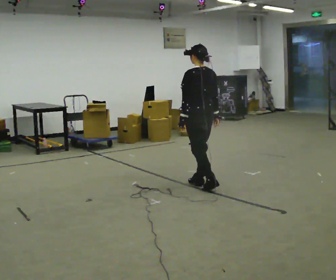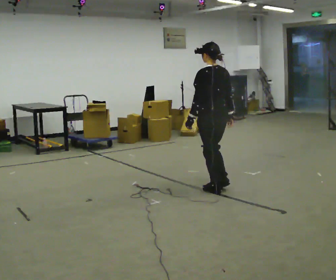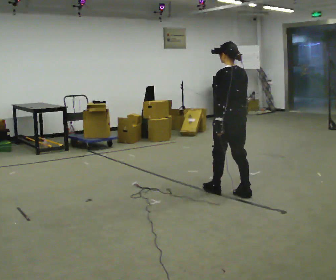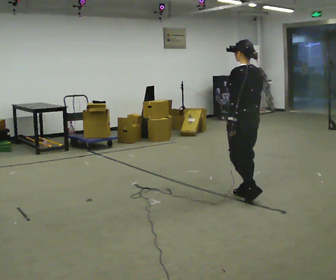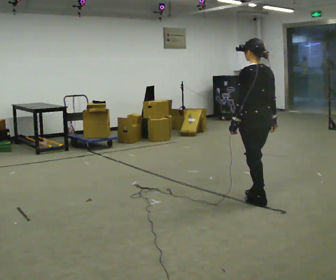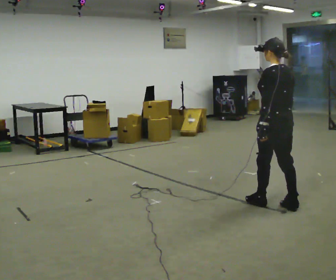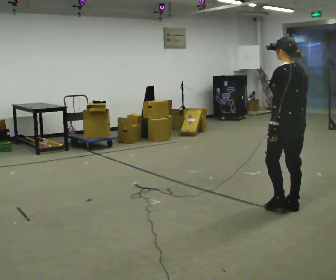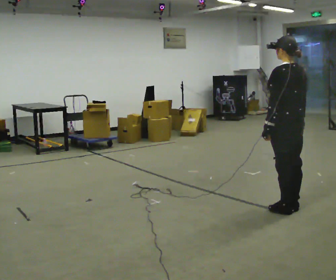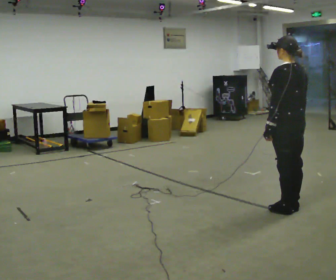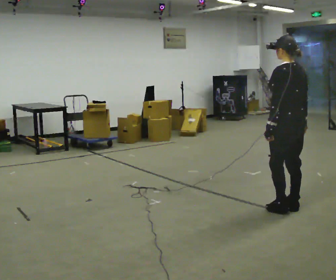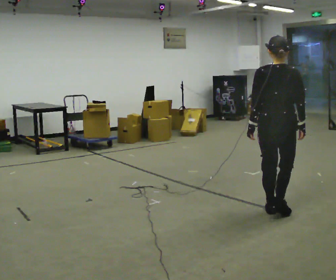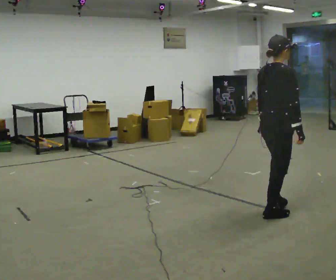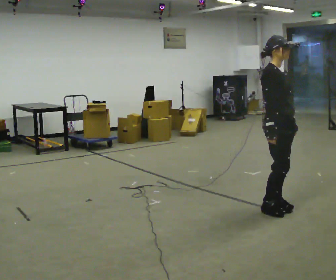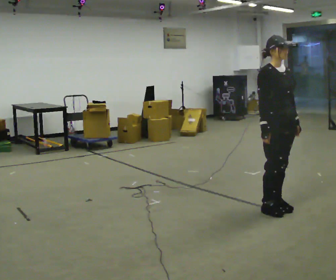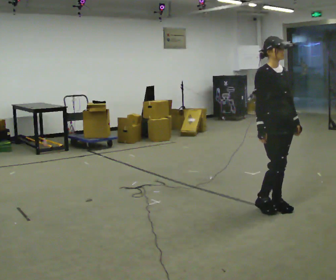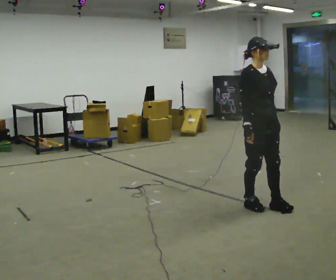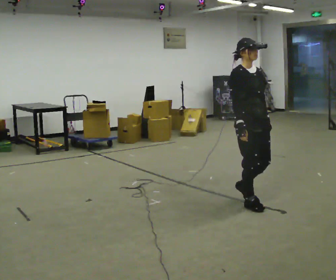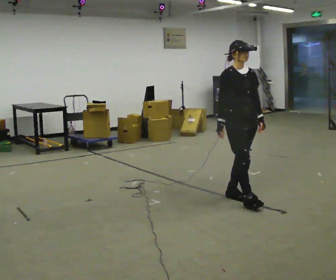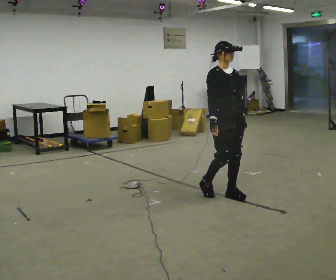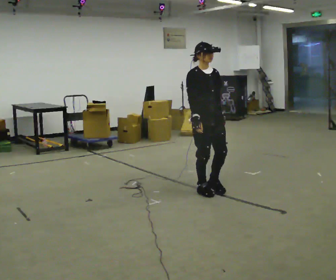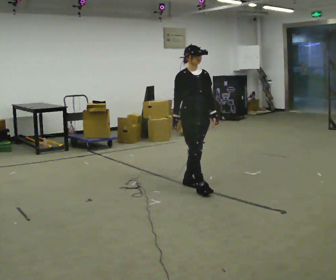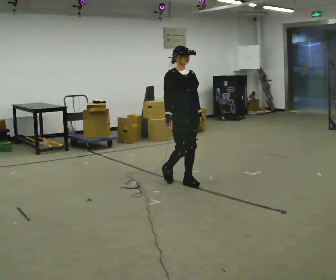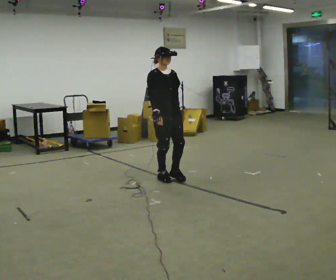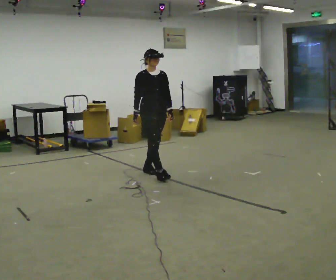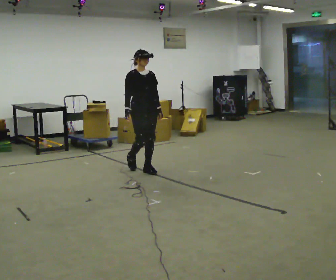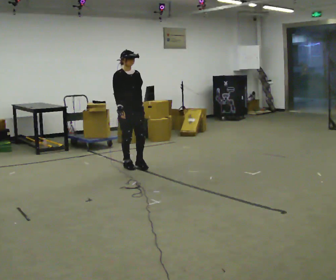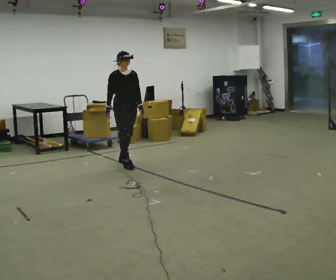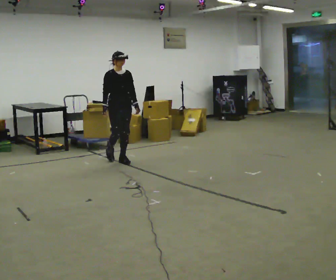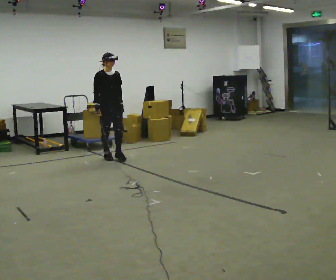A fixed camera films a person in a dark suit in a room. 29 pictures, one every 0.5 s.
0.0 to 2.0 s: In the picture they go to the right and toward the camera, about 1 m in 3 steps, which for them is backward.
2.0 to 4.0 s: In the picture they go to the right and toward the camera, about 0.5 m in 1 step, which for them is backward.
4.0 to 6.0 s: The person turns about 150 degrees to their right, clockwise seen from above, so the part of the body nearest the lens slides to the left. In the picture they go to the left, about 0.25 m in 1 step.
6.0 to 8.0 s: In the picture they go to the left, about 0.25 m in 2 steps, which for them is backward.
8.0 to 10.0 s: In the picture they go to the left and away from the camera, about 1 m in 2 steps, which for them is backward.
10.0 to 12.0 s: In the picture they go to the left and away from the camera, about 1 m in 3 steps, which for them is backward.
12.0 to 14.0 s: In the picture they go to the left and away from the camera, about 1 m in 3 steps, which for them is backward.
The film runs backward here.
